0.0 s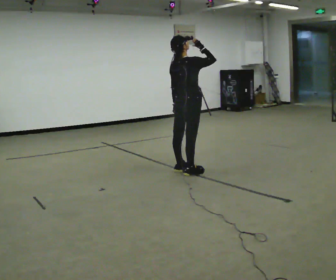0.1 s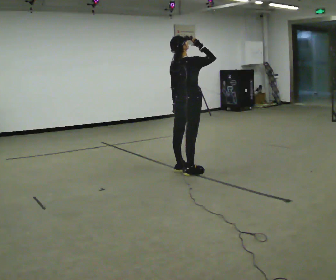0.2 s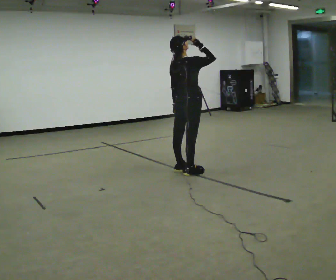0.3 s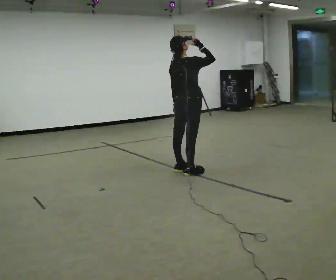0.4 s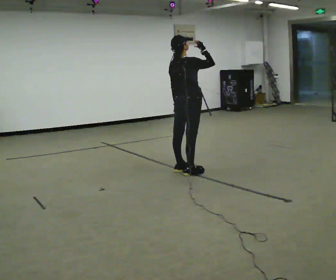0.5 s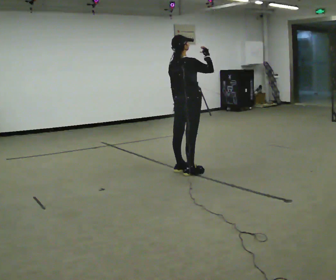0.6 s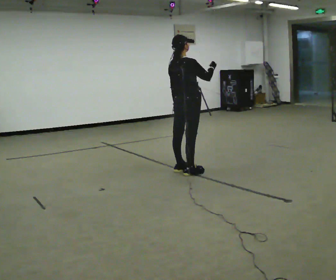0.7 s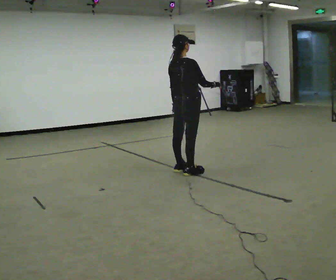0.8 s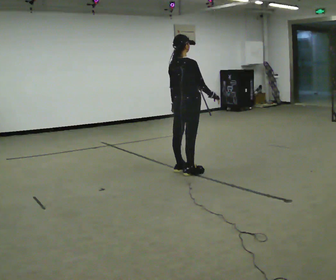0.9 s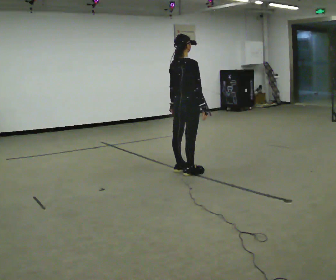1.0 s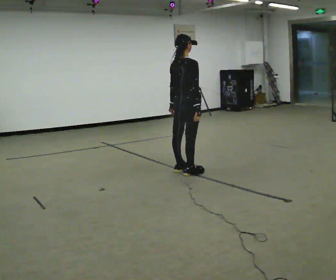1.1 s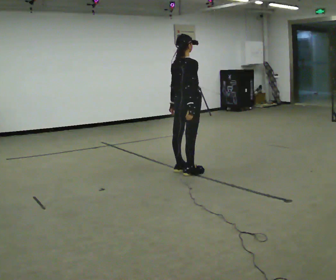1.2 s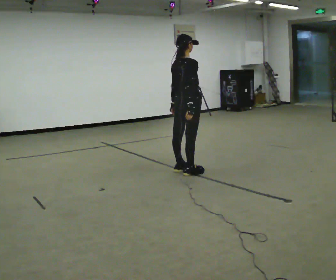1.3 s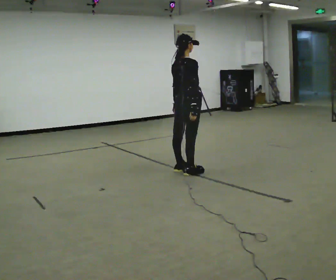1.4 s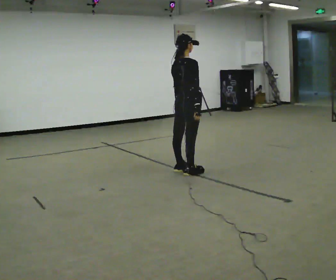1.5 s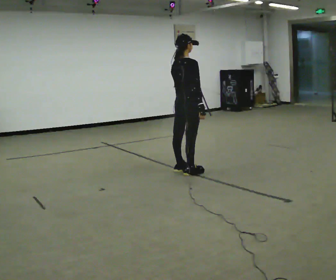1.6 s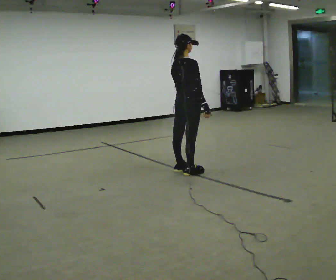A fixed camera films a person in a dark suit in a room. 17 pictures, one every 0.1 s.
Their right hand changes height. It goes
downward.
0.0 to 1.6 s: In the picture their right hand goes downward.
The film runs forward here.
